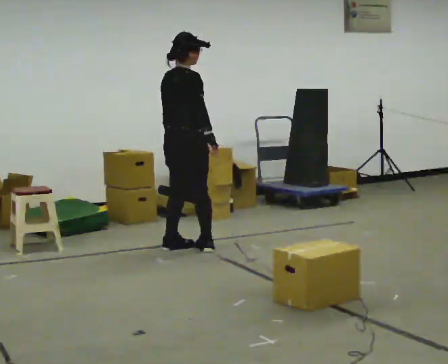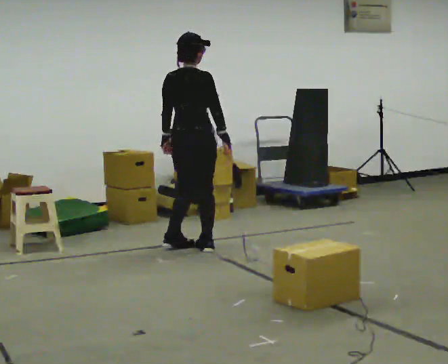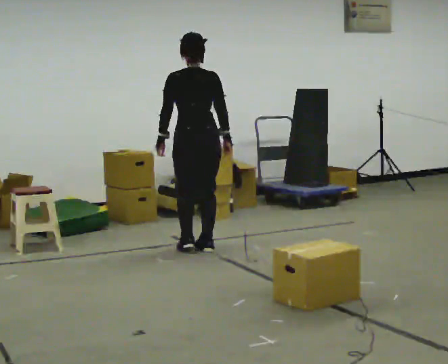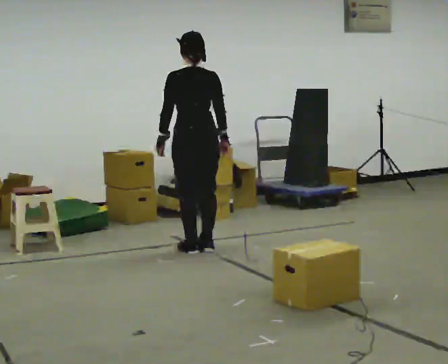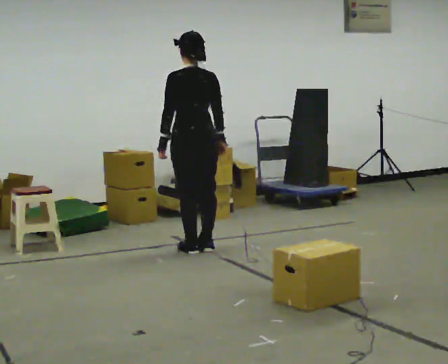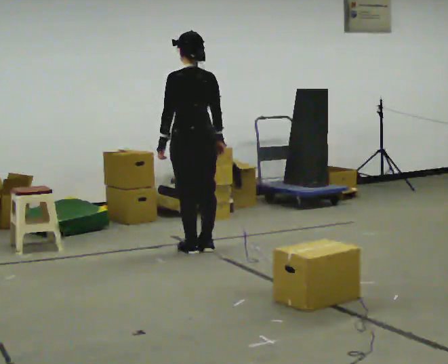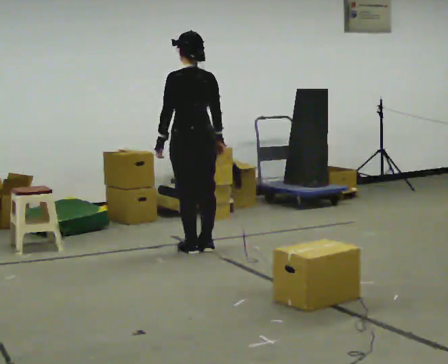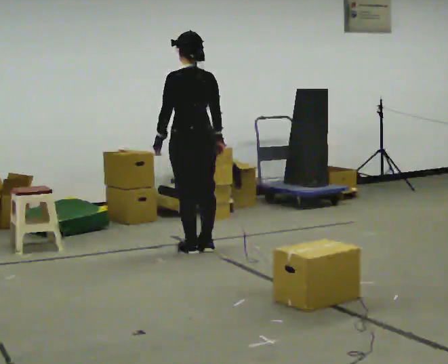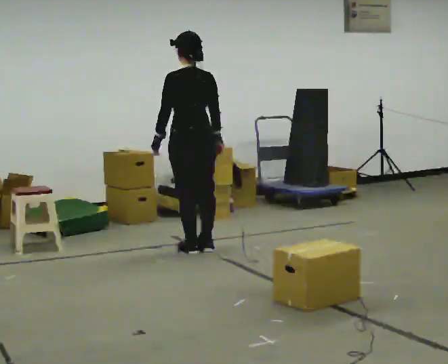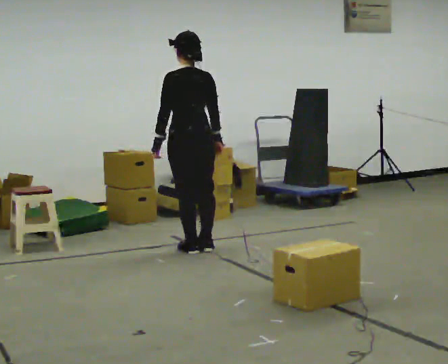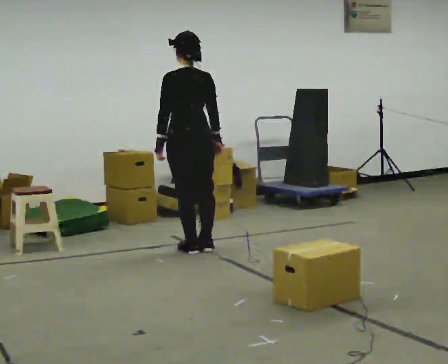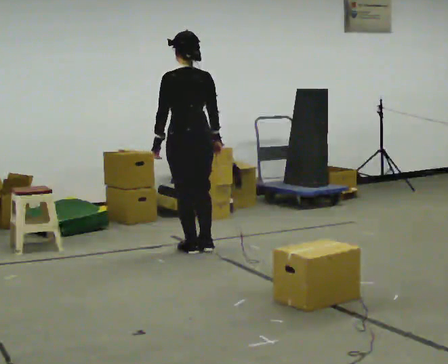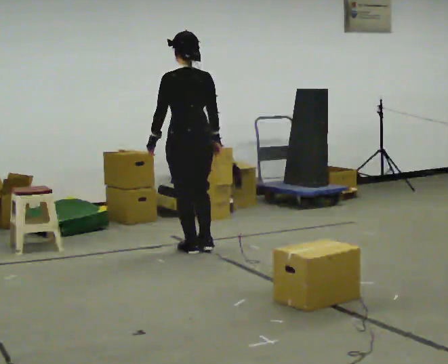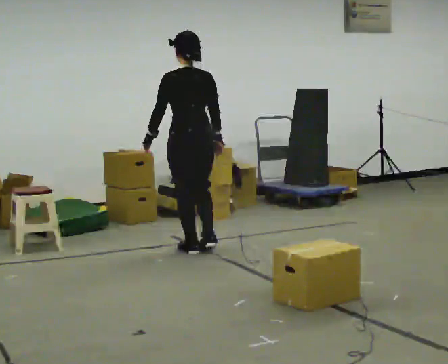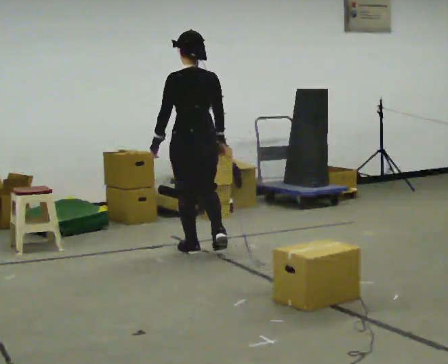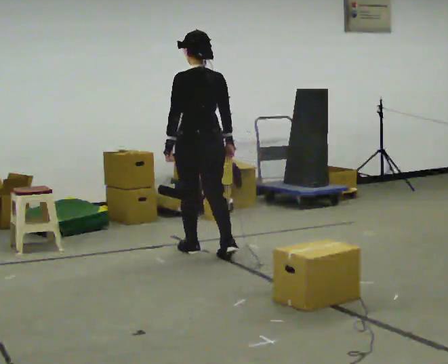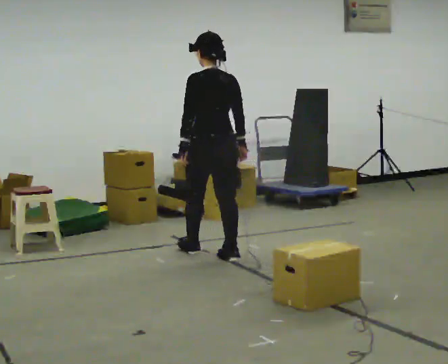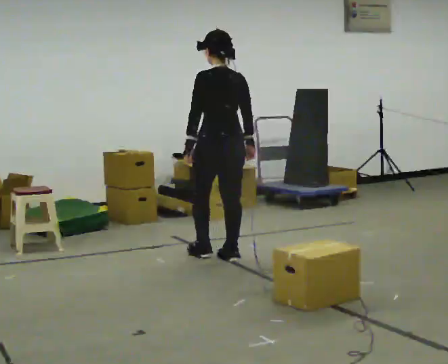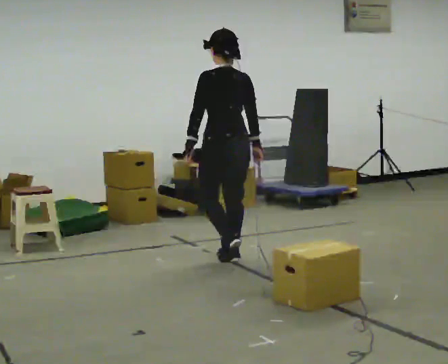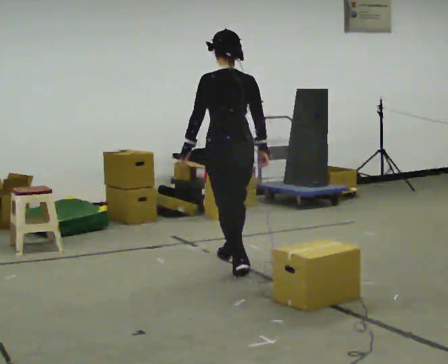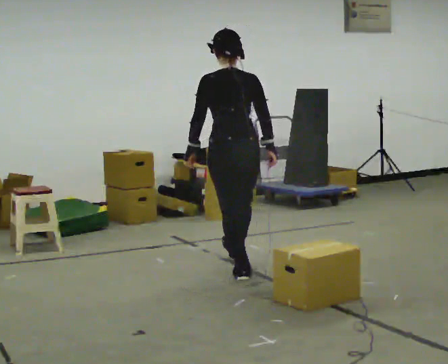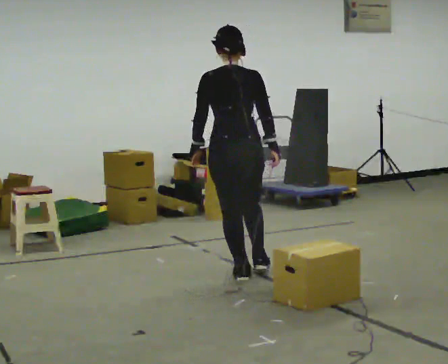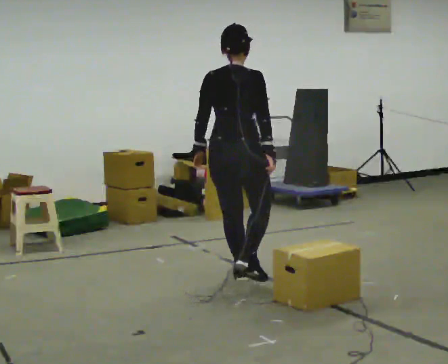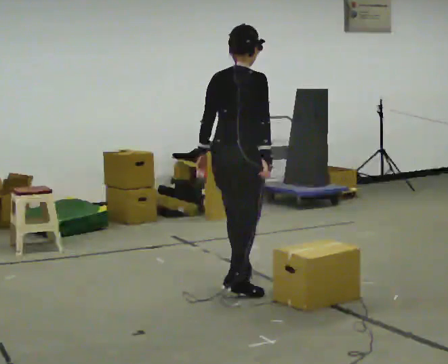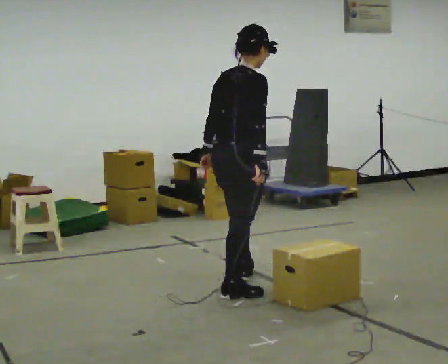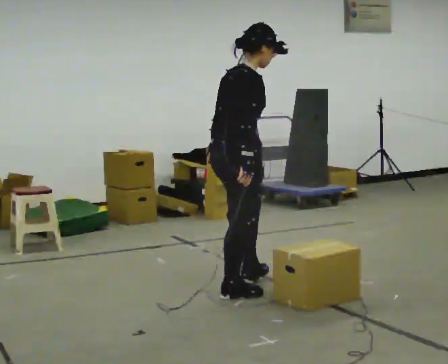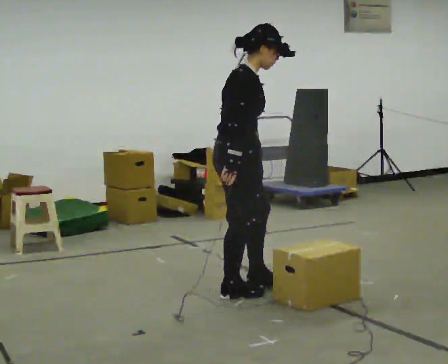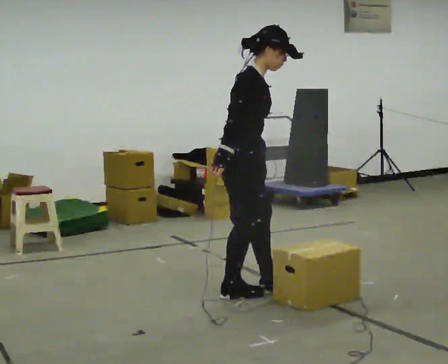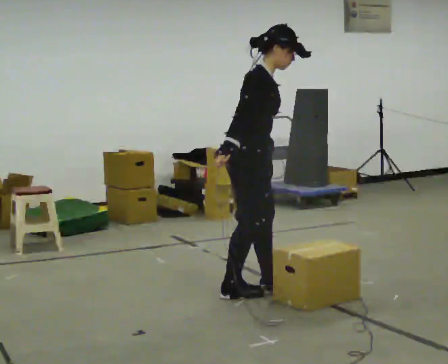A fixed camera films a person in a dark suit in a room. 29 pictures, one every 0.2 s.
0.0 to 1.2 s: Seen from above the body turns counterclockwise, about 75 degrees: to their left, with its near side sliding to the right.
1.2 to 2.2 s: The person moves a little, or ends about where they began.
2.2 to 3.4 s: In the picture they go toward the camera and to the right, about 0.25 m in 2 steps, which for them is backward.
3.4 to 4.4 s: Seen from above the body turns clockwise, about 45 degrees: to their right, with its near side sliding to the left. In the picture they go toward the camera, about 0.5 m in 1 step, which for them is backward.
4.4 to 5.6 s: The person turns about 90 degrees to their right, clockwise seen from above, so the part of the body nearest the lens slides to the left. In the picture they go toward the camera, about 0.25 m in 1 step. In the picture the upper body tilts clockwise, shoulders to the right.
The film runs backward here.
